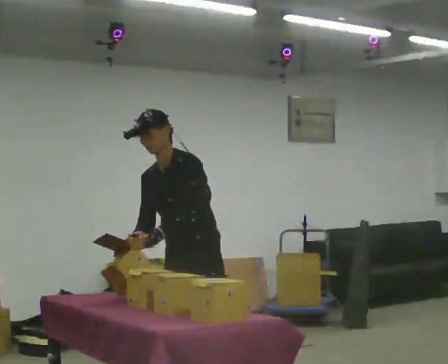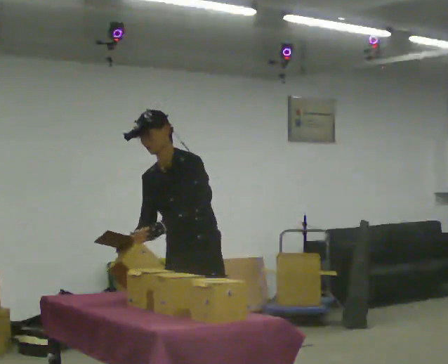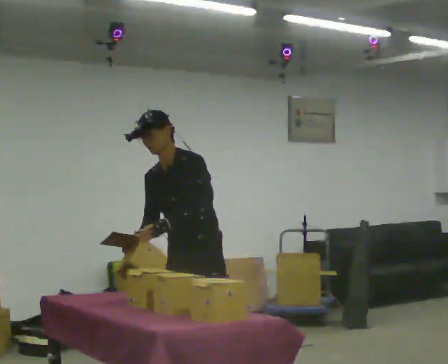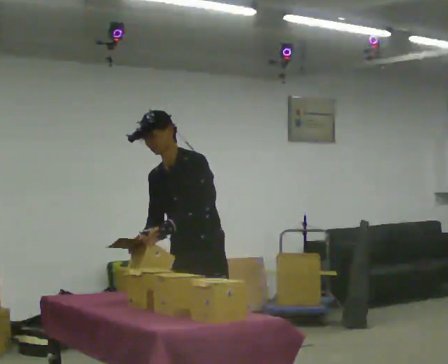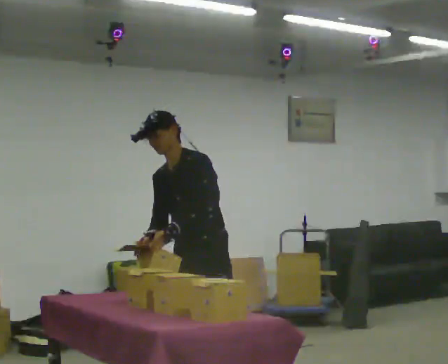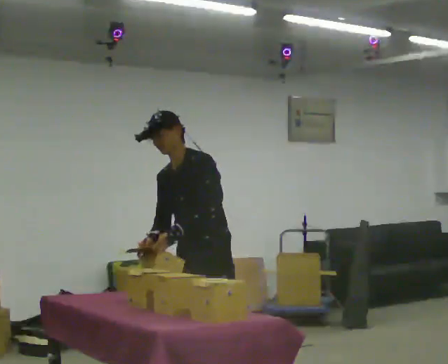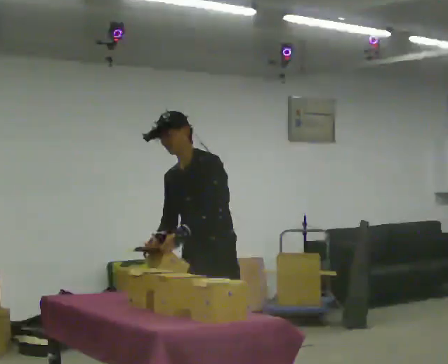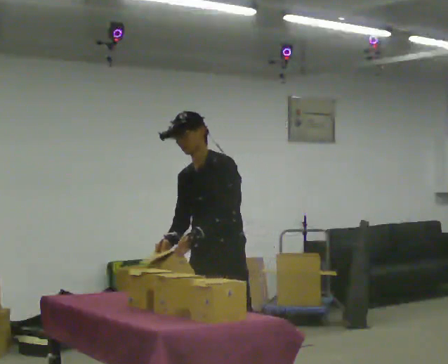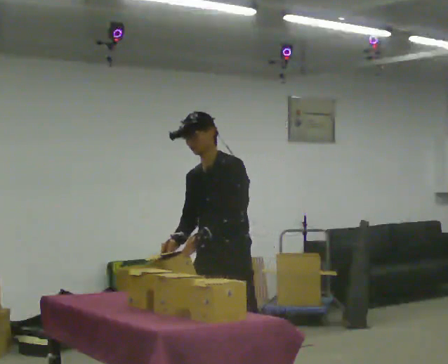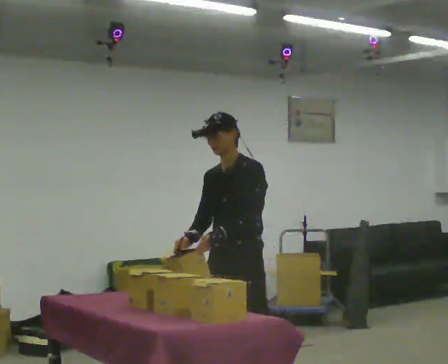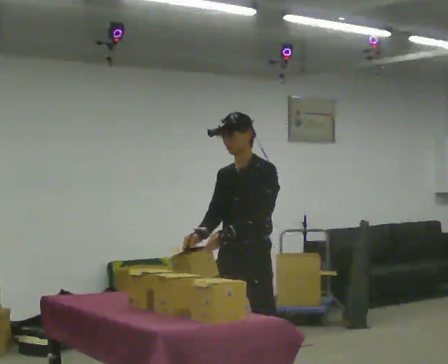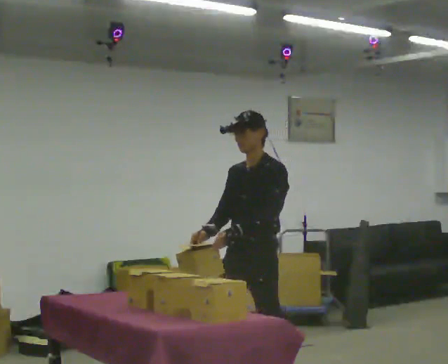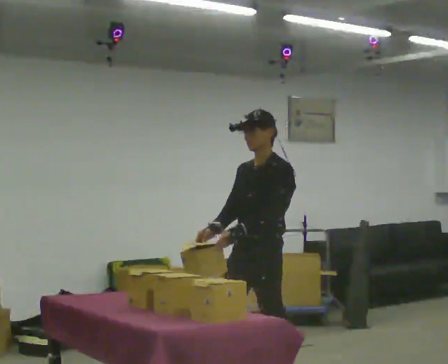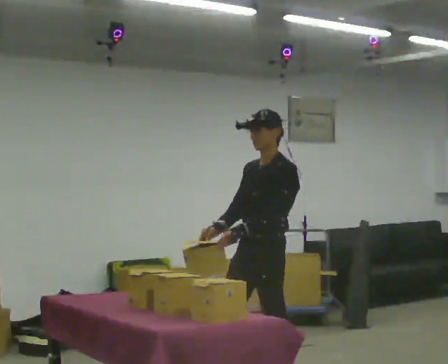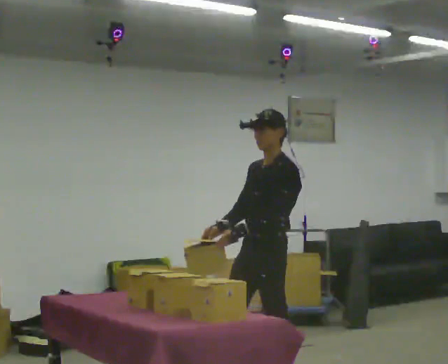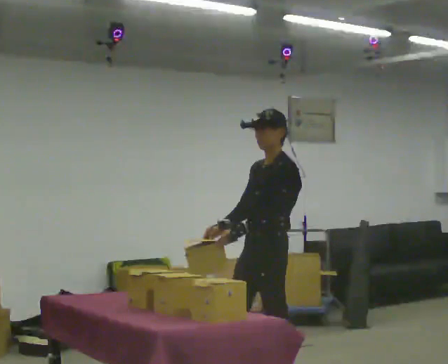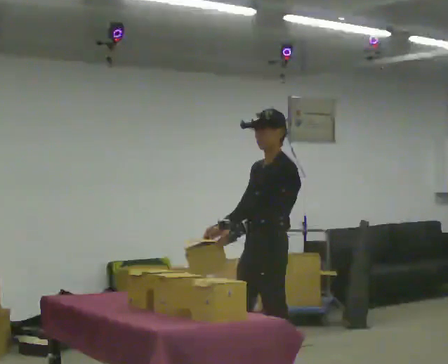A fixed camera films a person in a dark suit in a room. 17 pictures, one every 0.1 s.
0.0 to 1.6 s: Seen from above the body turns clockwise, about 45 degrees: to their right, with its near side sliding to the left. In the picture they go to the right and away from the camera, about 0.5 m in 2 steps, which for them is backward and to their left. In the picture the upper body tilts clockwise, shoulders to the right, as they lean back or straighten.
The film runs backward here.
